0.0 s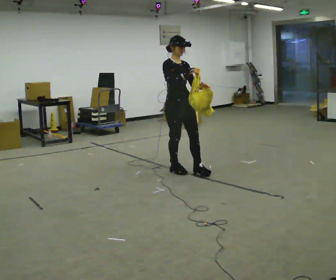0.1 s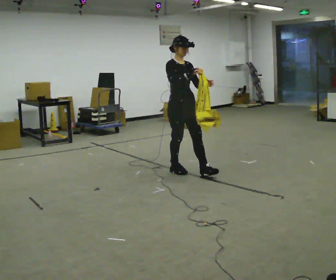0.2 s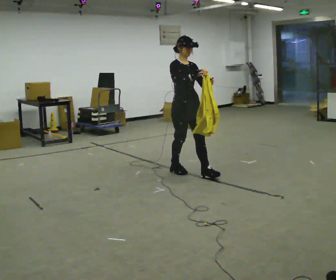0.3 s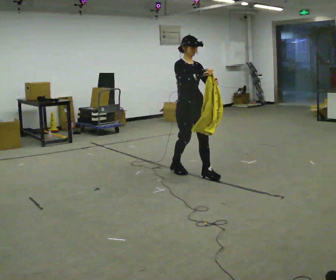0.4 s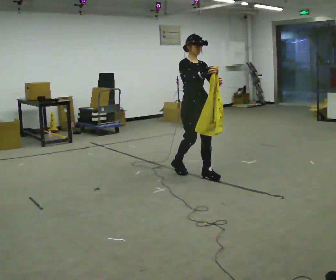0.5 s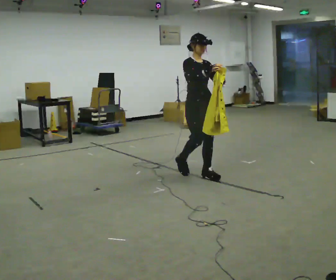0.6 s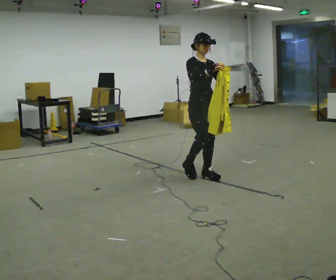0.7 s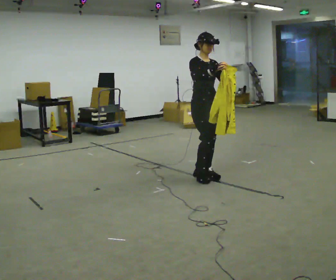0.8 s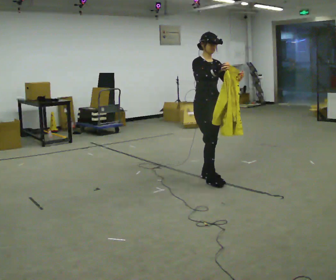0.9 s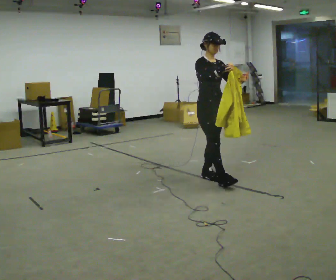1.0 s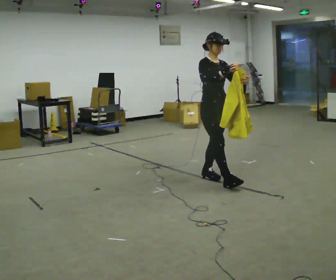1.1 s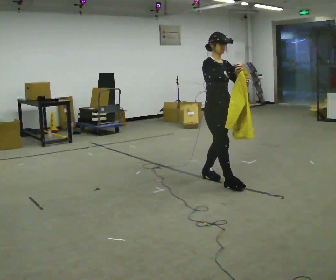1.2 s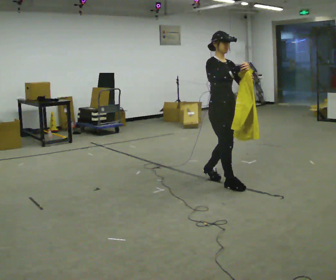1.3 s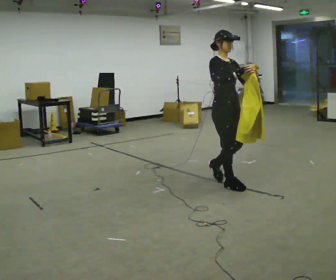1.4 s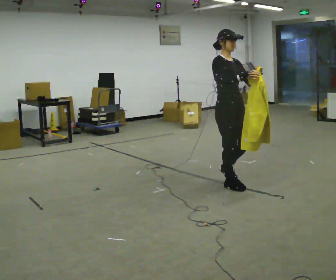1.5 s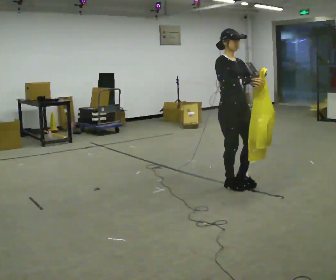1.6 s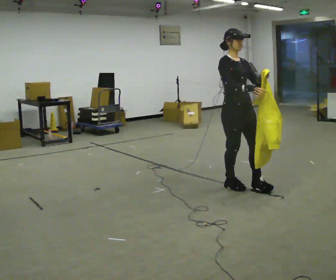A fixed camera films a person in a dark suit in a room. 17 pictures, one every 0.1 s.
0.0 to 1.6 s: In the picture they go to the right and toward the camera, about 1 m in 2 steps, which for them is forward.
The film runs forward here.
